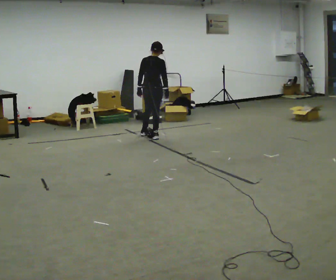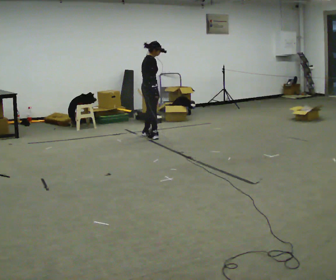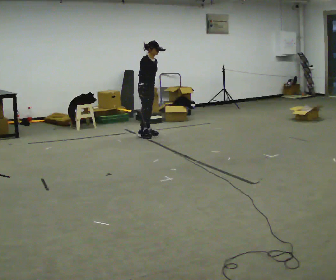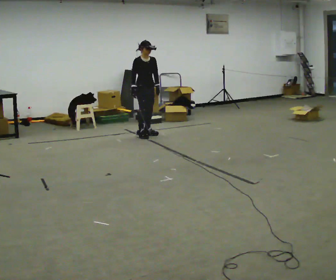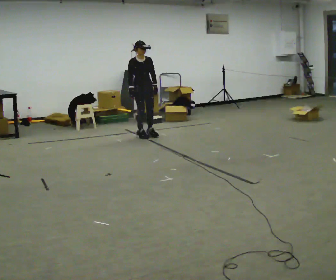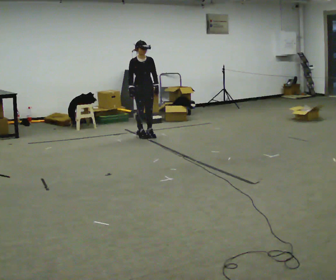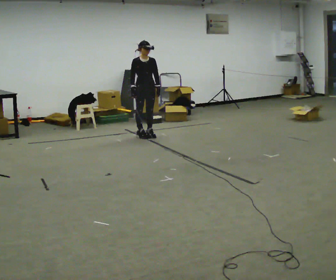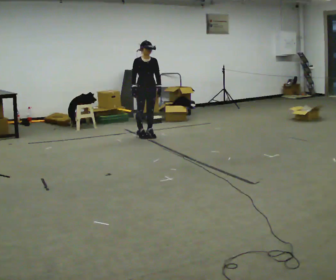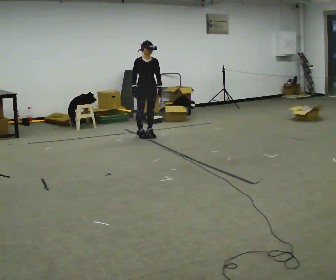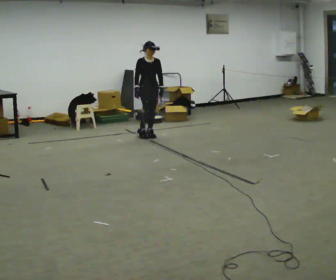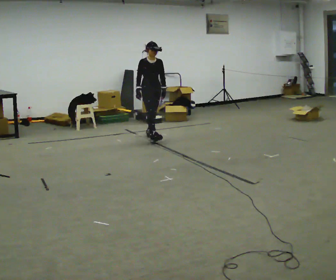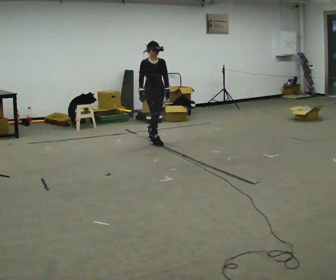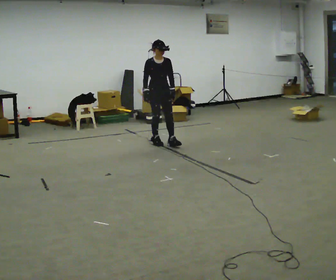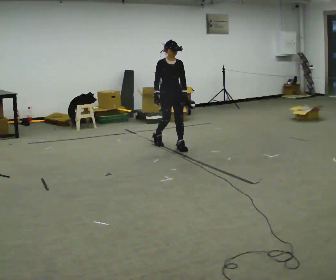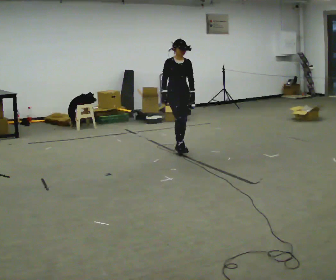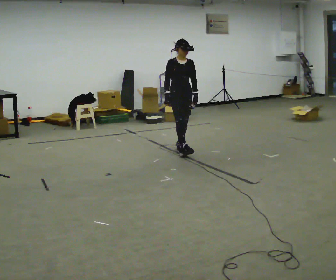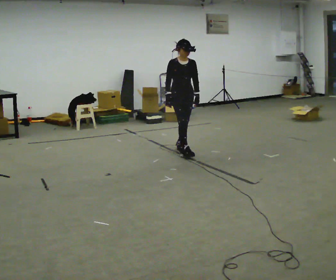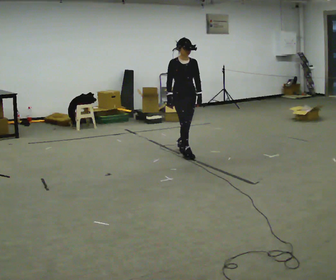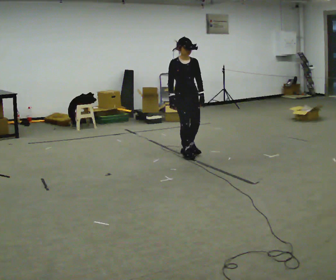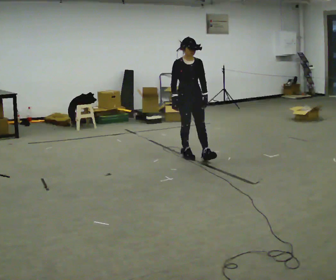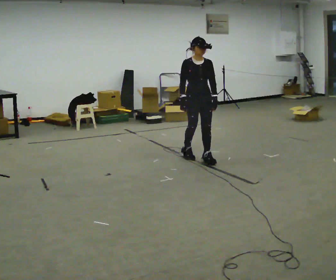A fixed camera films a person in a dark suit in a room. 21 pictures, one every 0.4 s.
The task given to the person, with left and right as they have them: Start at normal speed; gradually slow over several steps; stop gently.
0.0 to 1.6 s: The part of the body nearest the lens slides to the left as the person turns to their right by about 135 degrees.
1.6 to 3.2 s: The person moves a little, or ends about where they began.
3.2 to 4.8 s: In the picture they go toward the camera, about 0.5 m in 1 step, which for them is forward.
4.8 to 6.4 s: In the picture they go toward the camera and to the right, about 0.5 m in 2 steps, which for them is forward.
6.4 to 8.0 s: In the picture they go toward the camera, about 0.5 m in 1 step, which for them is forward.
The film runs forward here.
